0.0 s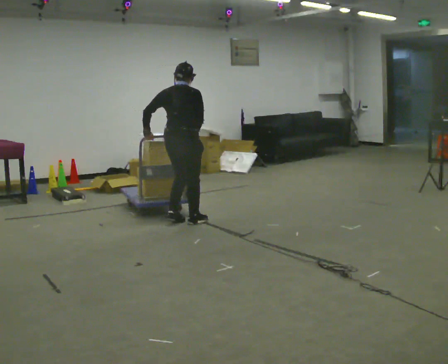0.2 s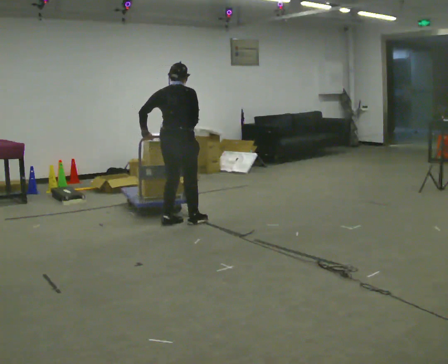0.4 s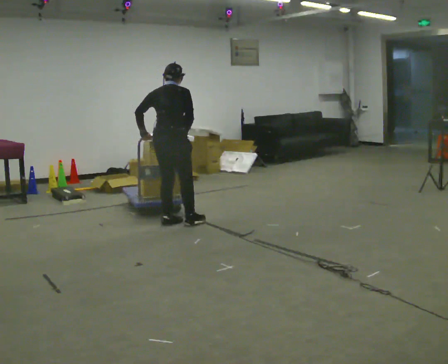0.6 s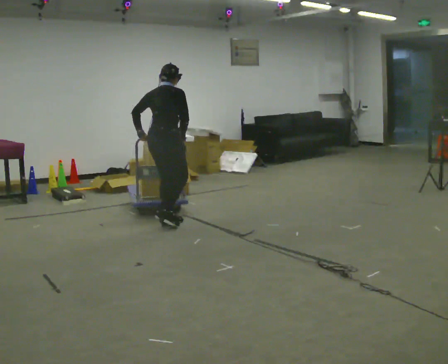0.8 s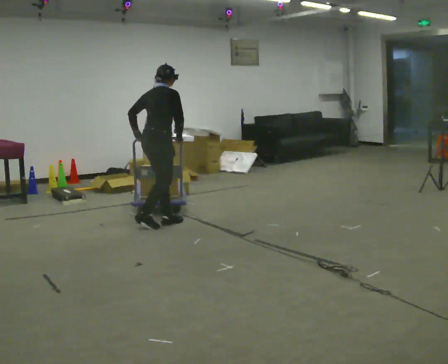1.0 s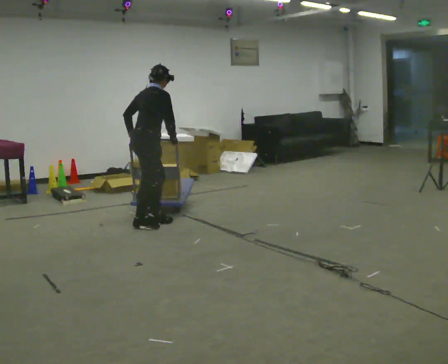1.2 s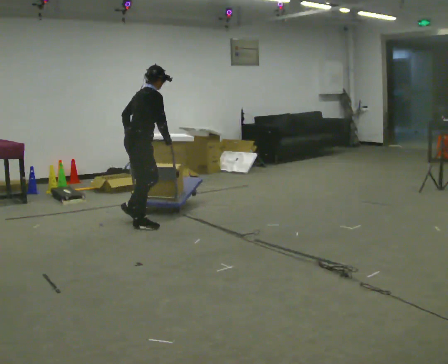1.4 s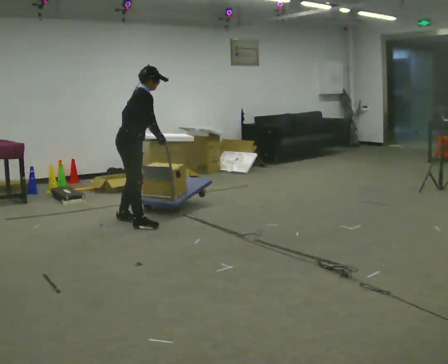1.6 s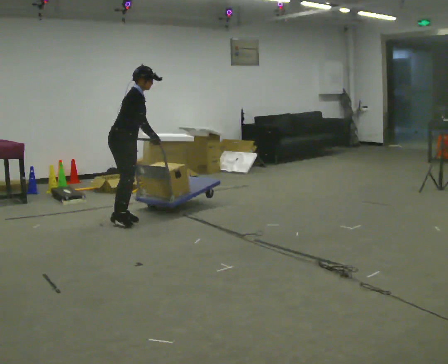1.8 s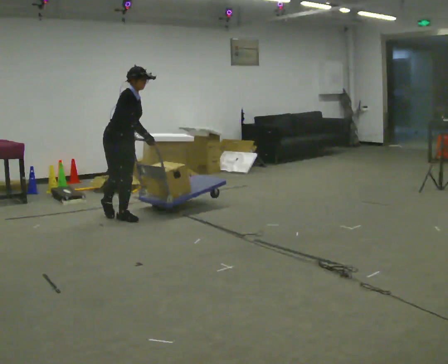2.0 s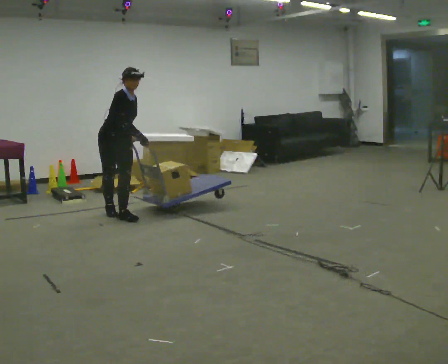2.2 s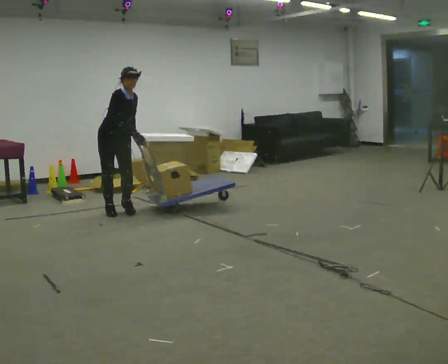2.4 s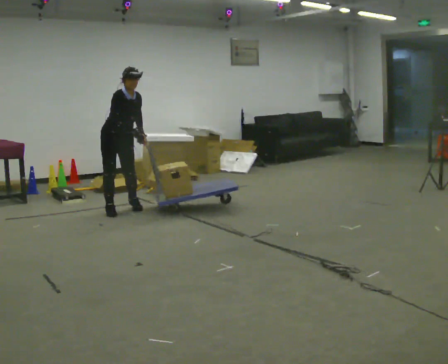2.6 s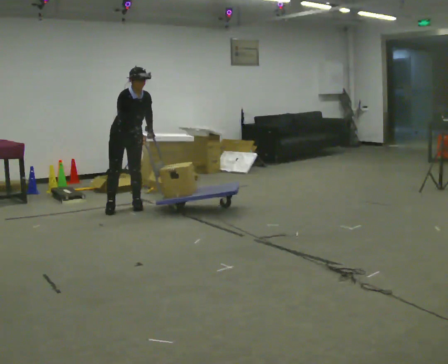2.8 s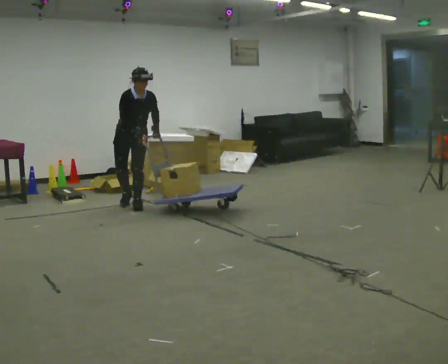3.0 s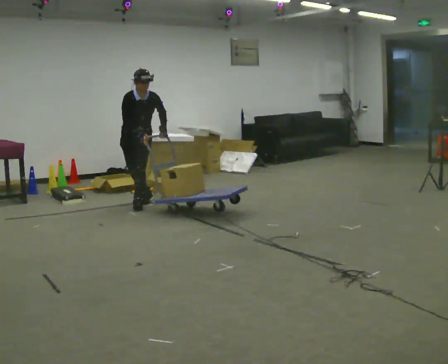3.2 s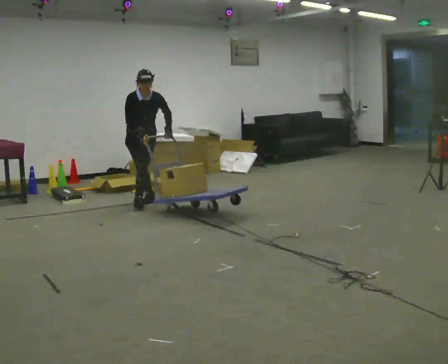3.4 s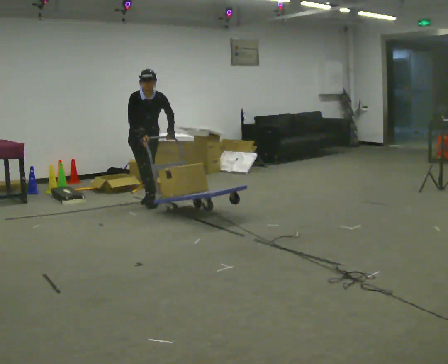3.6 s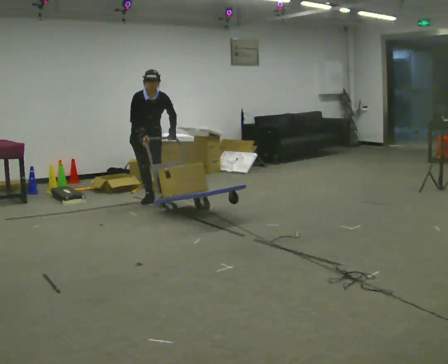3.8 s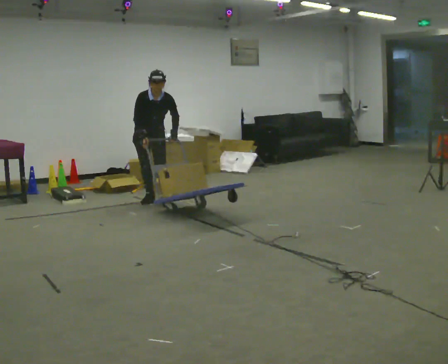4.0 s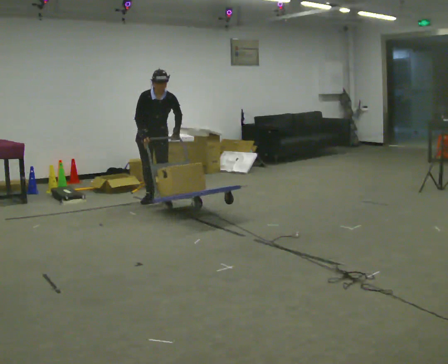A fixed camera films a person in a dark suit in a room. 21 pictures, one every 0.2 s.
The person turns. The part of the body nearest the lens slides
to the left.
The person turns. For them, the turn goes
to their right.
0.0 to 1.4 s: The part of the body nearest the lens slides to the left as the person turns to their right by about 60 degrees. In the picture they go to the left, about 0.5 m in 2 steps. In the picture the upper body tilts clockwise, shoulders to the right.
1.4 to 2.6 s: The part of the body nearest the lens slides to the left as the person turns to their right by about 60 degrees. In the picture they go away from the camera, about 0.5 m in 3 steps. The upper body tips toward the camera, its near side rolling downward.
2.6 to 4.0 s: The part of the body nearest the lens slides to the left as the person turns to their right by about 30 degrees. In the picture they go away from the camera and to the right, about 0.5 m in 1 step, which for them is backward and to their left.
The film runs backward here.
